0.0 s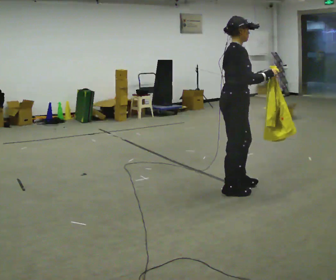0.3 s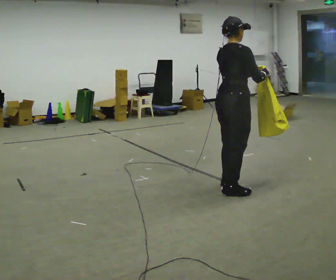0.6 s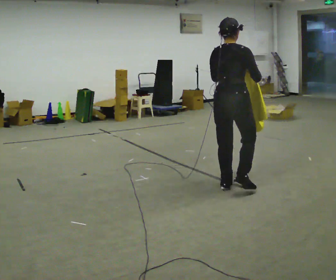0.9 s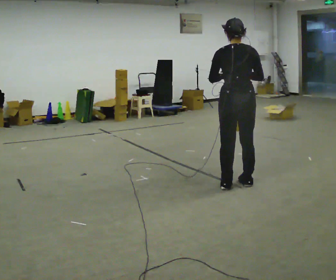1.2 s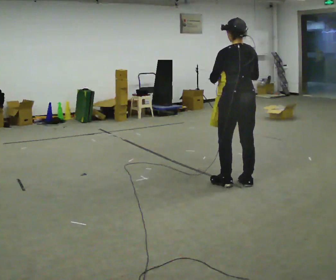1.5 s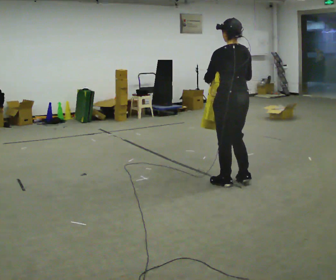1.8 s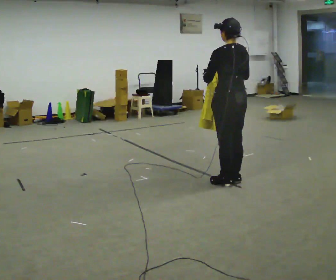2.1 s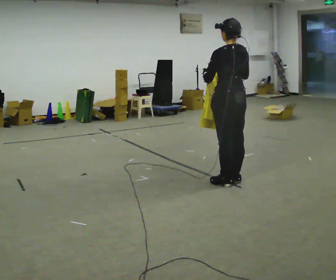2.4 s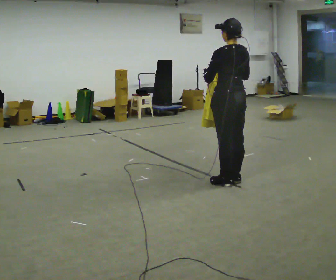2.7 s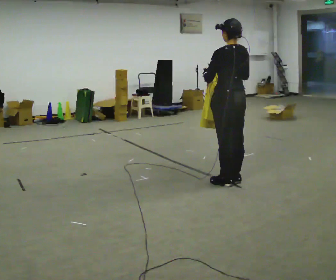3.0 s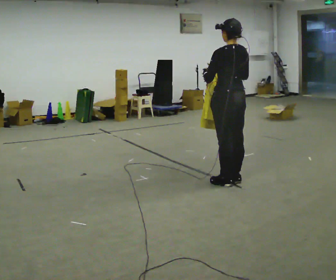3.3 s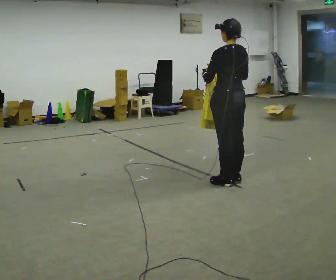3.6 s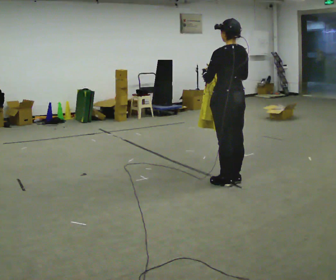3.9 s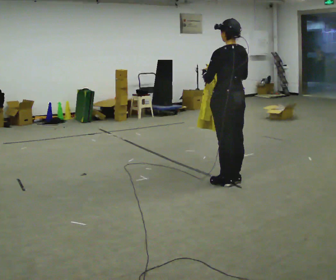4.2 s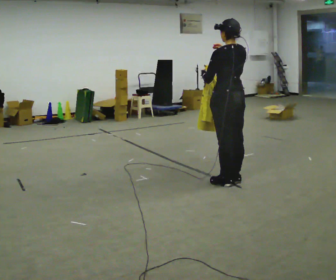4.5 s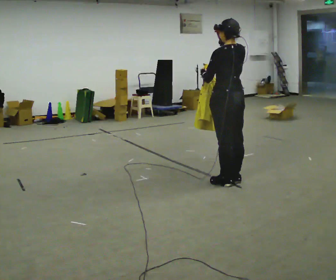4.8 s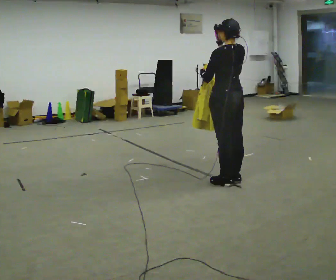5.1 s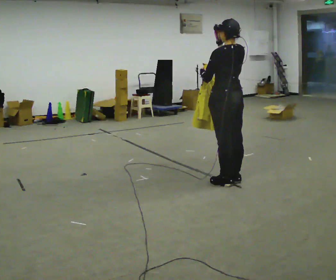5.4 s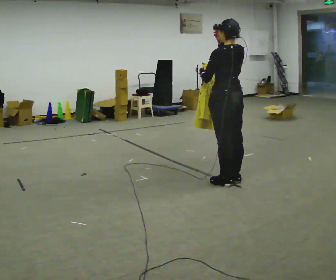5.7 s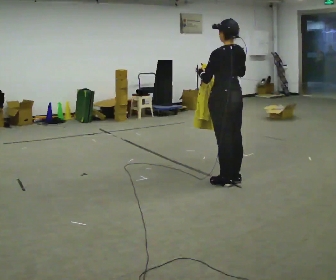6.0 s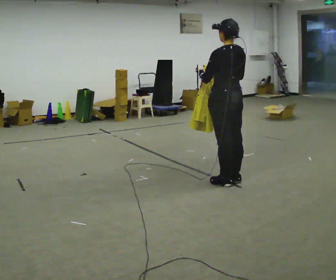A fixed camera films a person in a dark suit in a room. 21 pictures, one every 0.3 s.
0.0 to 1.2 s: Seen from above the body turns counterclockwise, about 120 degrees: to their left, with its near side sliding to the right. In the picture they go away from the camera, about 0.25 m in 2 steps. In the picture their left hand goes to the left.
1.2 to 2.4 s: The person moves a little, or ends about where they began.
2.4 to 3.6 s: The person keeps their place and pose.
3.6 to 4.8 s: In the picture their right hand goes upward.
4.8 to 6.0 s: In the picture their right hand goes downward.
The film runs forward here.
